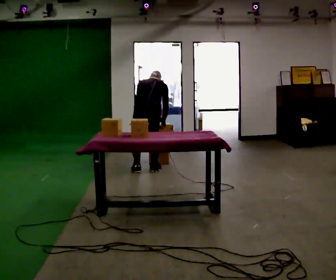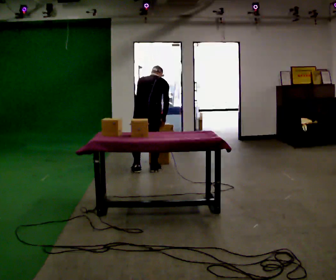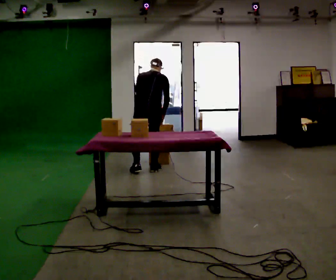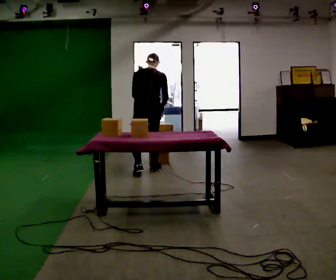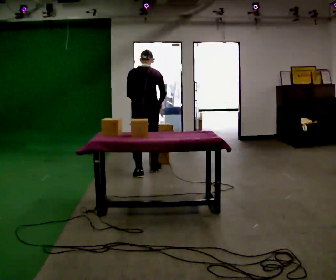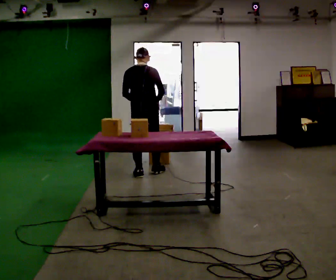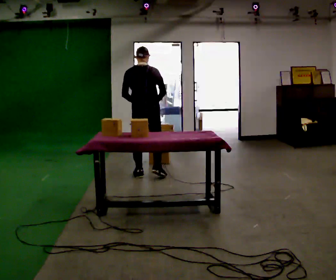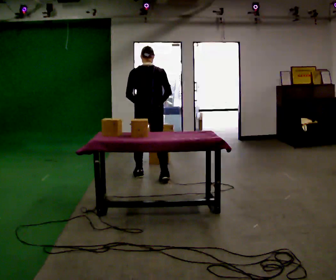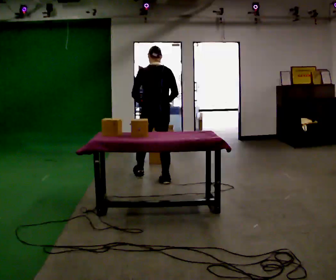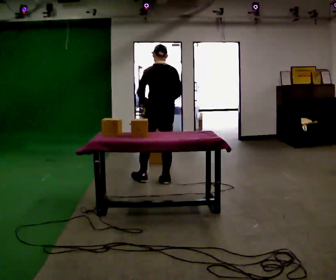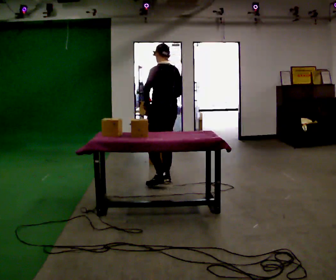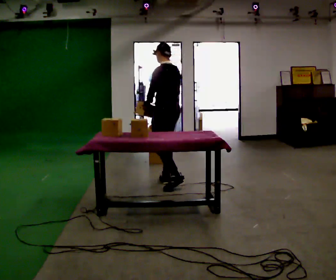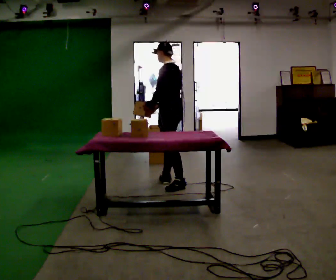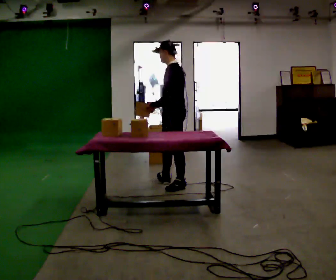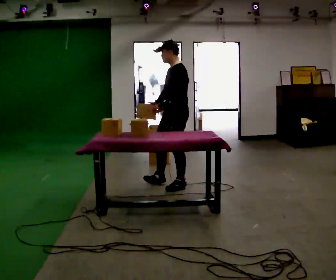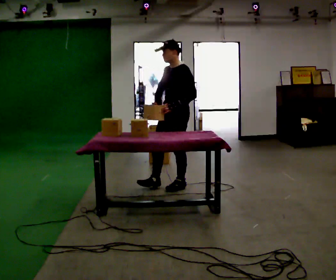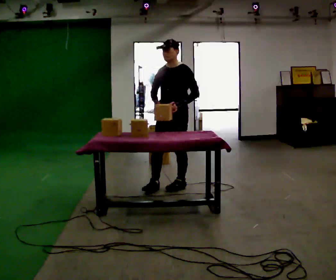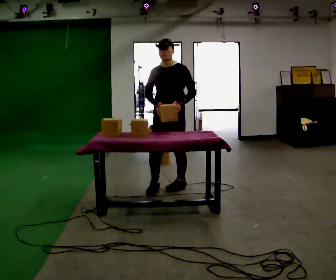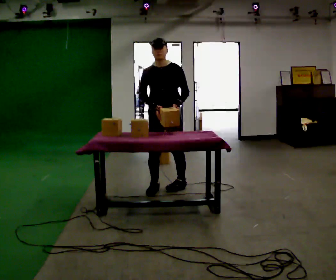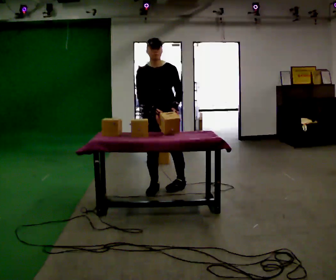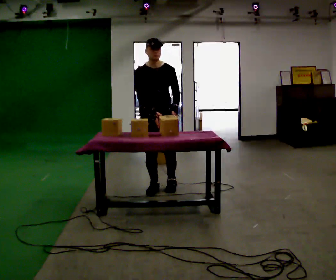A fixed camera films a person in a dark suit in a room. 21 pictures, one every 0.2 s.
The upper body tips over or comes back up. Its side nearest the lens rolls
downward.
The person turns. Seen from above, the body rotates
counterclockwise.
0.0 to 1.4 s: In the picture they go toward the camera, about 0.25 m in 2 steps, which for them is backward. The upper body goes upward. The upper body tips toward the camera, its near side rolling downward, as they lean back or straighten.
1.4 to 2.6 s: Seen from above the body turns counterclockwise, about 75 degrees: to their left, with its near side sliding to the right. In the picture they go to the right and toward the camera, about 0.5 m in 1 step.
2.6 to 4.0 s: The part of the body nearest the lens slides to the right as the person turns to their left by about 105 degrees. In the picture they go to the left, about 0.25 m in 2 steps.
The film runs backward here.
